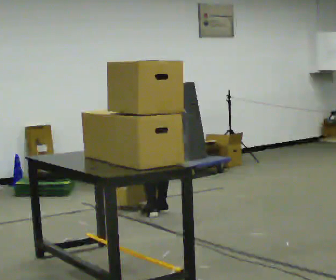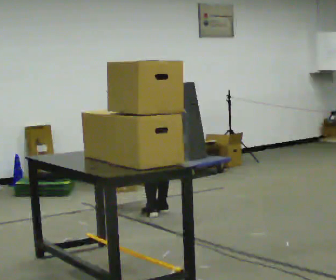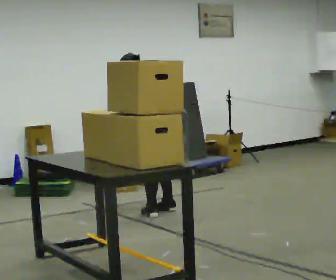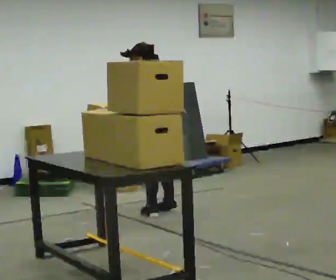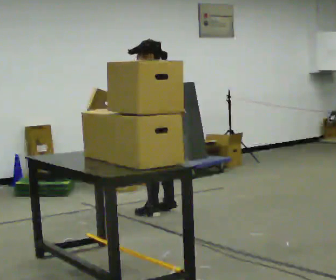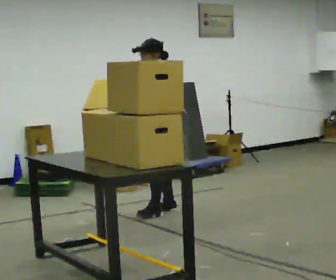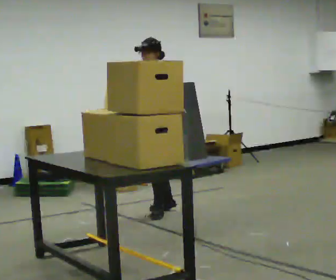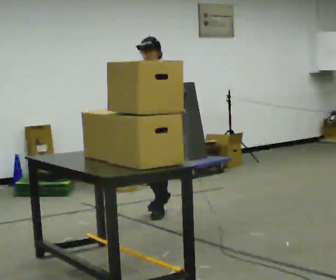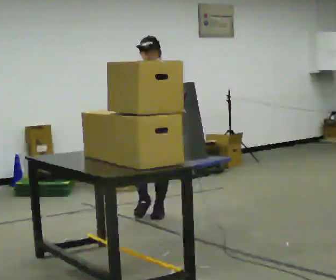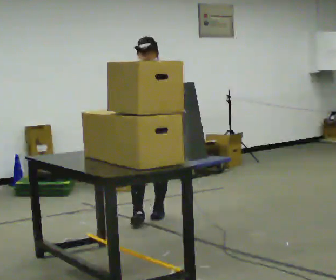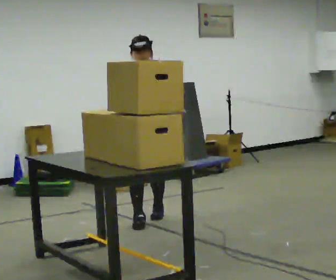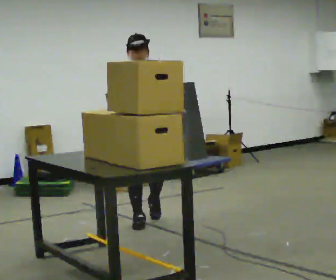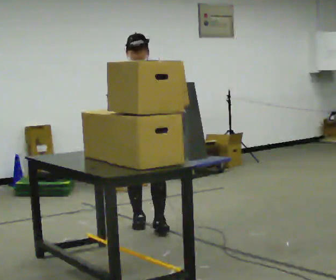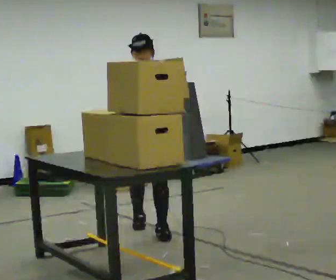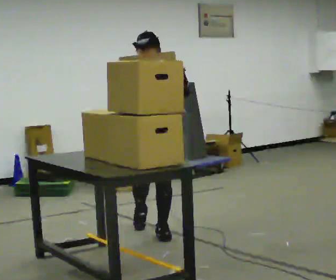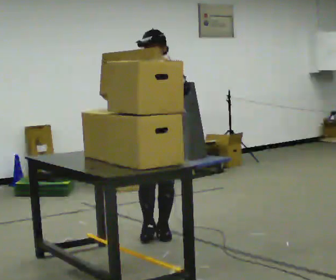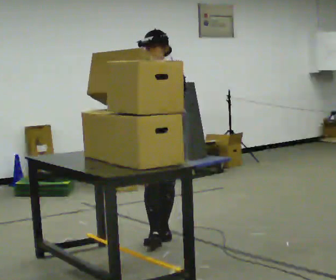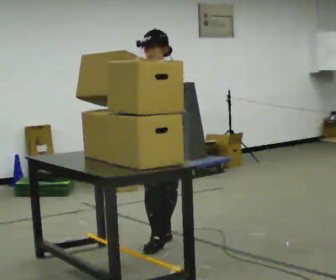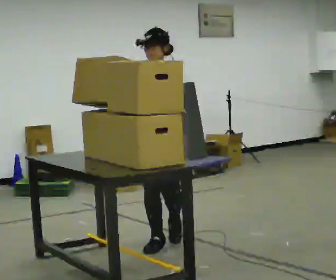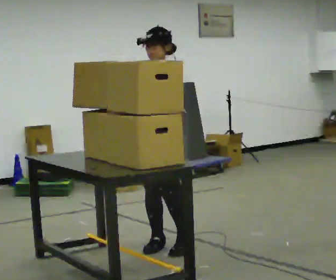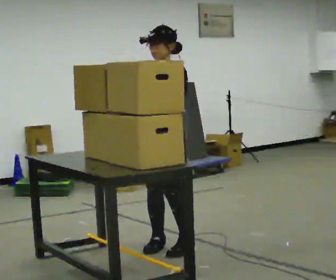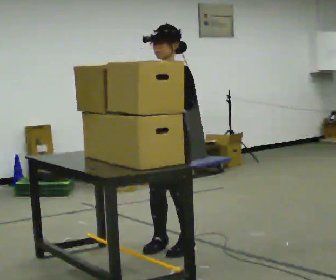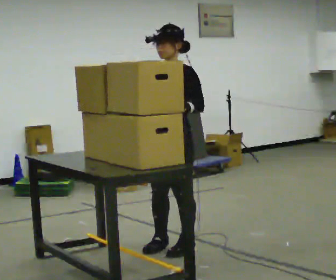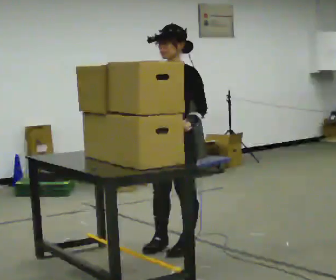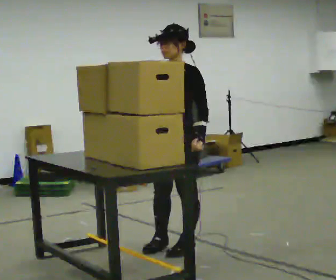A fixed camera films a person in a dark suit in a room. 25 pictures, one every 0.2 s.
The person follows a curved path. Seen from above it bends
counterclockwise.
Their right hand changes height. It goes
upward.
0.0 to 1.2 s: Seen from above the body turns counterclockwise, about 90 degrees: to their left, with its near side sliding to the right. The upper body goes upward. The upper body tips toward the camera, its near side rolling downward, as they lean back or straighten. In the picture their right hand goes upward and to the left, the arm swinging clockwise.
1.2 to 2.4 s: Seen from above the body turns counterclockwise, about 60 degrees: to their left, with its near side sliding to the right. In the picture they go toward the camera, about 0.5 m in 1 step, which for them is forward.
2.4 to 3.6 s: The person turns about 30 degrees to their right, clockwise seen from above, so the part of the body nearest the lens slides to the left. In the picture they go toward the camera, about 0.75 m in 2 steps, which for them is forward and to their left.
3.6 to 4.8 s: In the picture they go toward the camera, about 0.25 m in 1 step, which for them is to their left. In the picture their left hand goes downward and to the right.
The film runs forward here.
